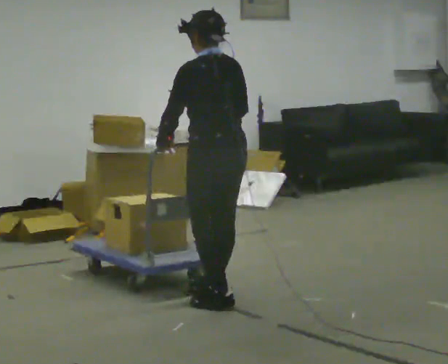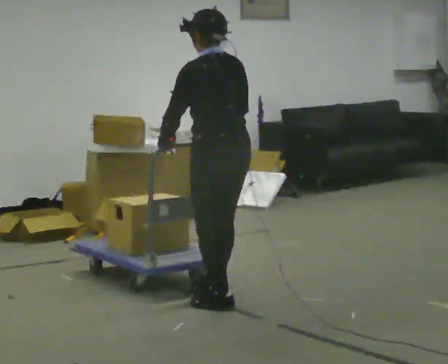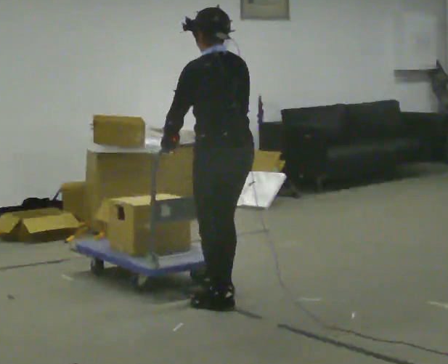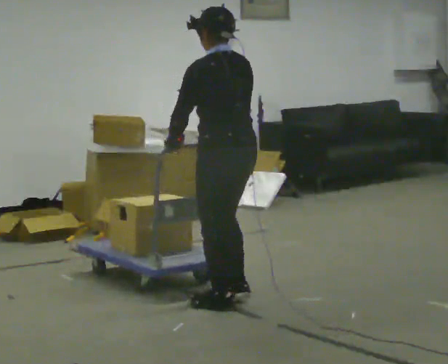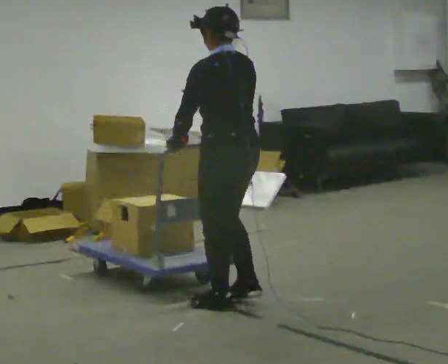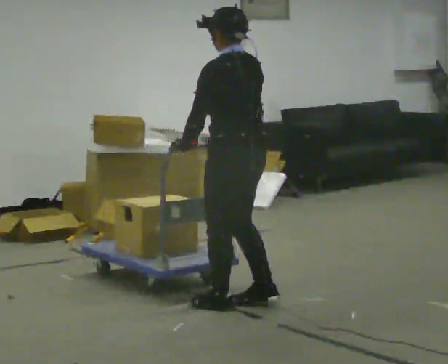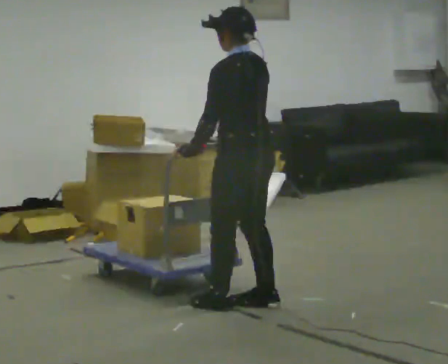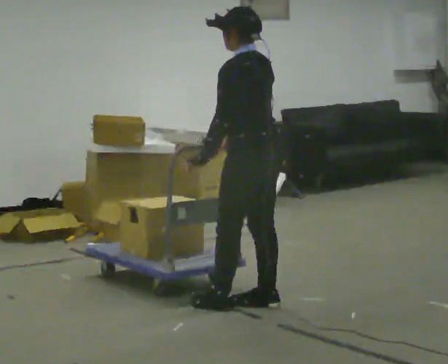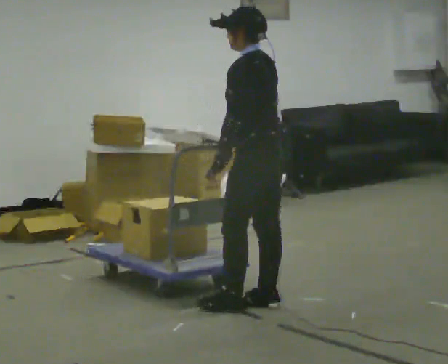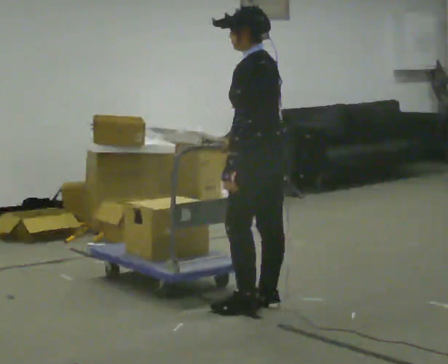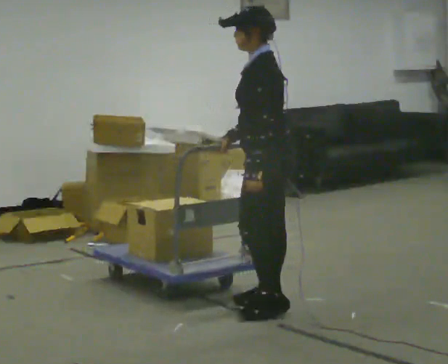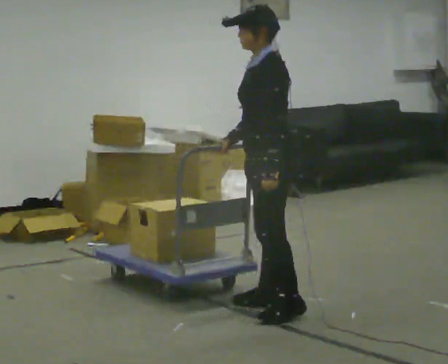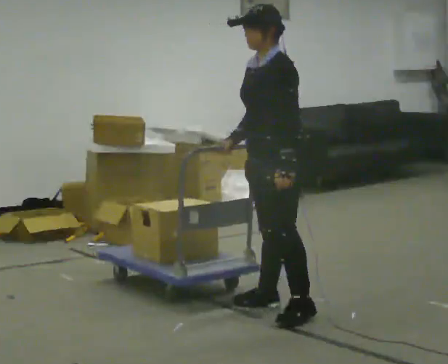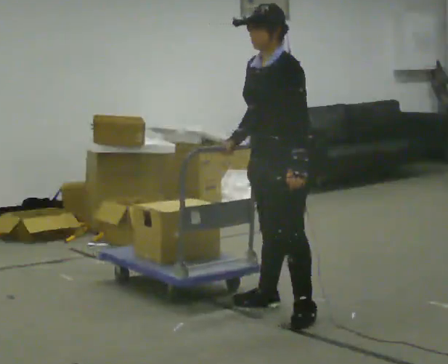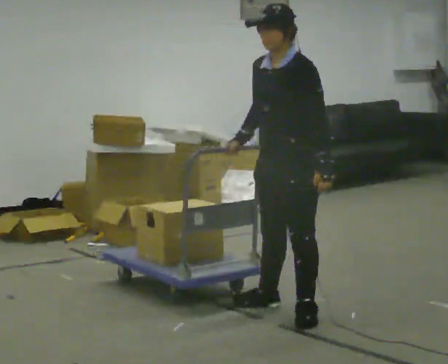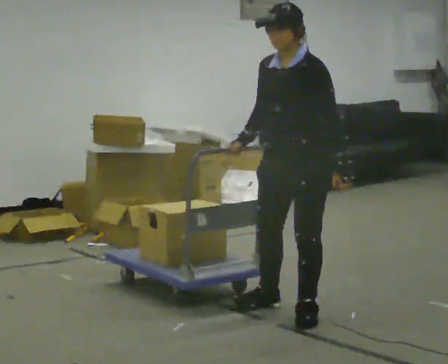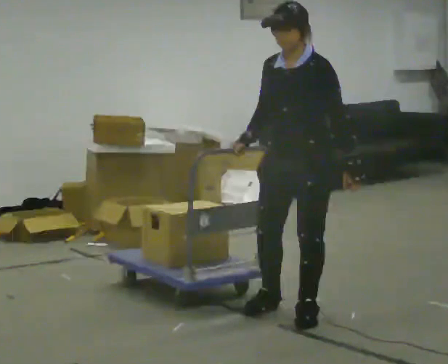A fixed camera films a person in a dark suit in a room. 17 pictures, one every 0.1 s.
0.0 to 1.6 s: Seen from above the body turns counterclockwise, about 105 degrees: to their left, with its near side sliding to the right. In the picture they go to the right and toward the camera, about 0.5 m in 2 steps.
The film runs forward here.
